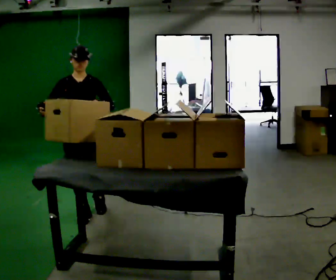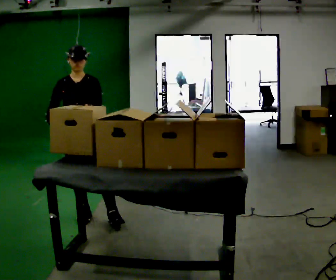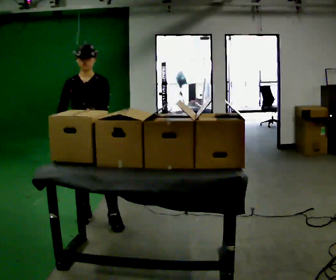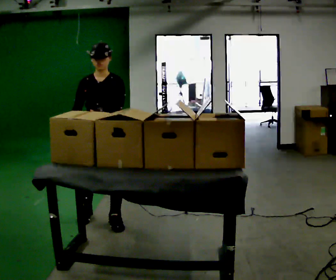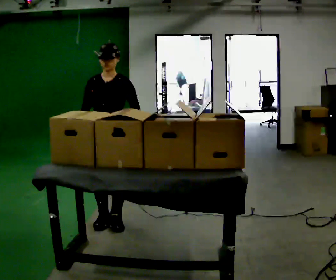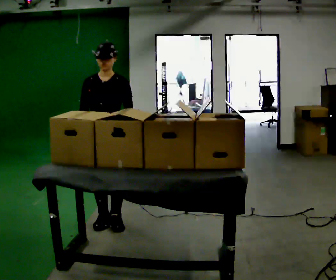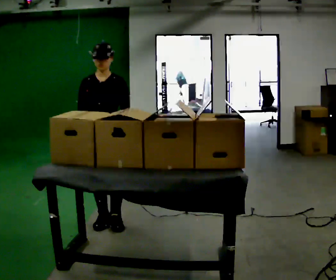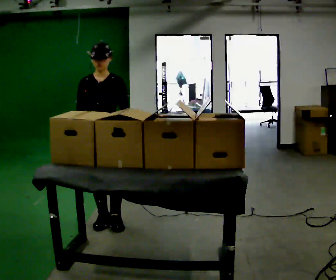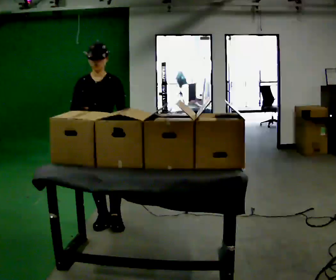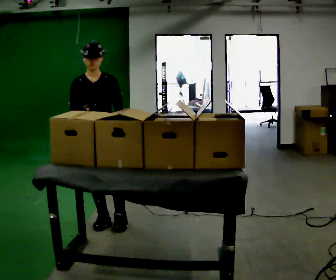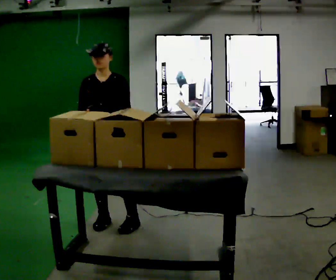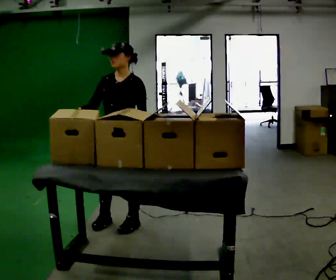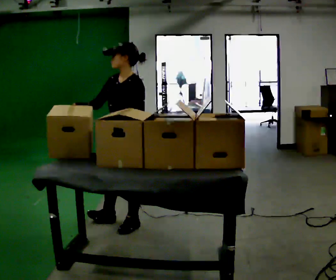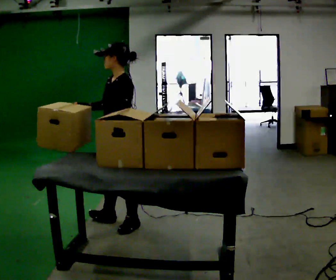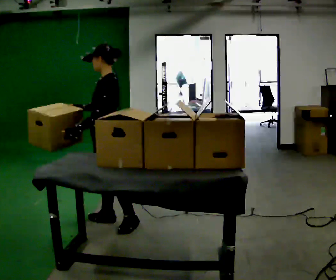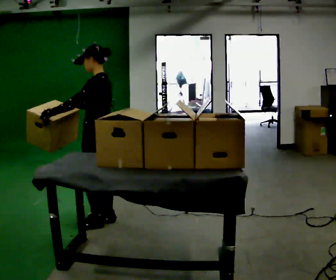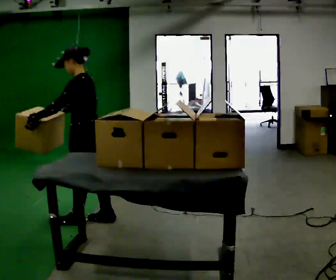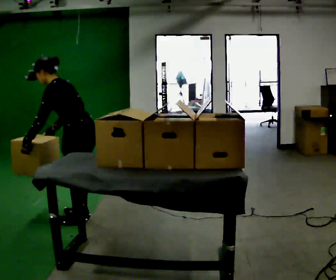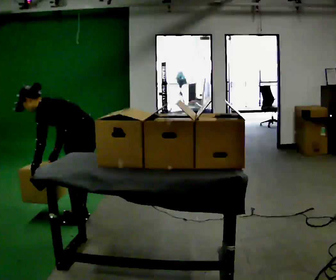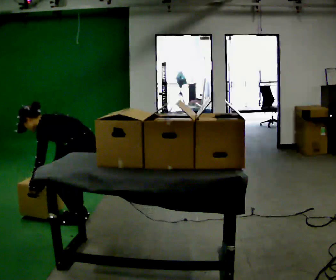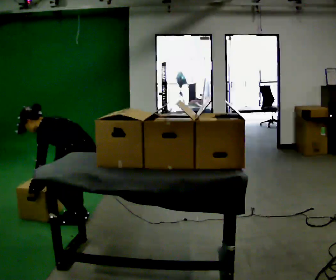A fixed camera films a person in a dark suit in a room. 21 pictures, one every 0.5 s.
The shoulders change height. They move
downward.
0.0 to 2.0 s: In the picture they go to the right and toward the camera, about 0.25 m in 2 steps, which for them is to their left and forward.
2.0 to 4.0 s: The person moves a little, or ends about where they began.
4.0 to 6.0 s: The part of the body nearest the lens slides to the left as the person turns to their right by about 45 degrees. In the picture they go to the right, about 0.25 m in 1 step, which for them is to their left.
6.0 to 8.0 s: The person turns about 45 degrees to their right, clockwise seen from above, so the part of the body nearest the lens slides to the left. In the picture they go to the left, about 0.25 m in 1 step, which for them is forward and to their right.
8.0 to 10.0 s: The upper body goes downward. In the picture the upper body tilts counterclockwise, shoulders to the left, as they bend forward. In the picture their left hand goes downward.
The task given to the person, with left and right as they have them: Pick an object up off the floor at one end of the room, carry it across, and place it on the waist-height shelf at the other end. Keep going until the operator says stop; one object at a time, and do not rush between trips.
The film runs forward here.
